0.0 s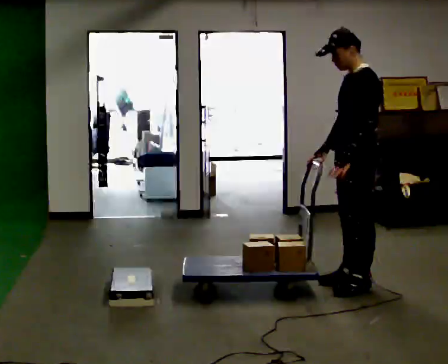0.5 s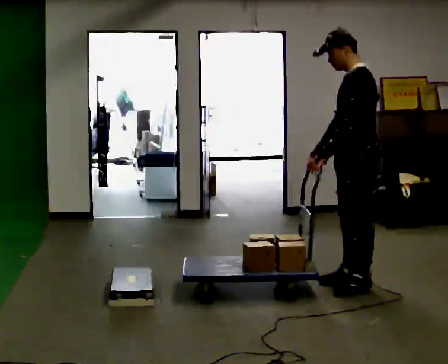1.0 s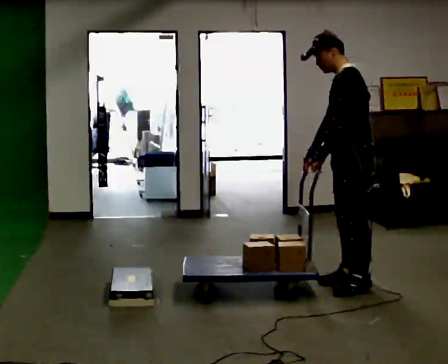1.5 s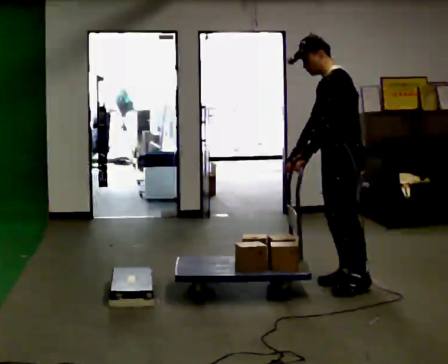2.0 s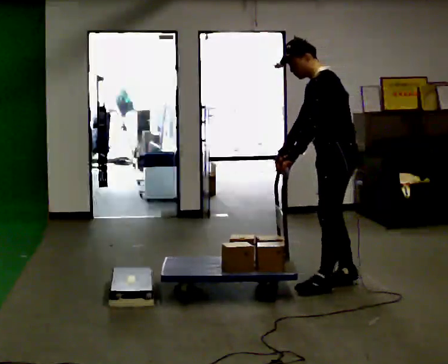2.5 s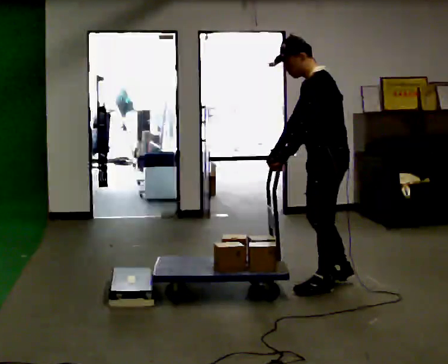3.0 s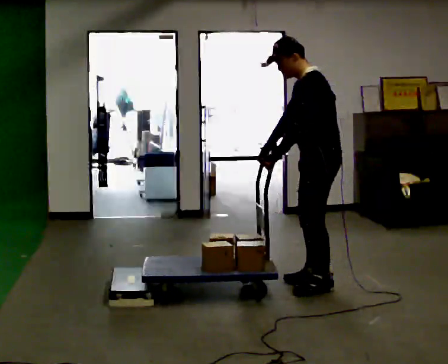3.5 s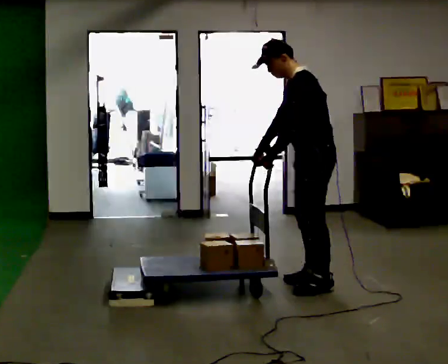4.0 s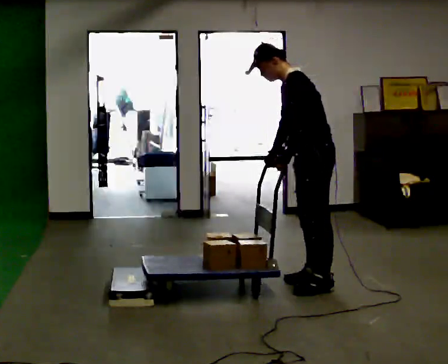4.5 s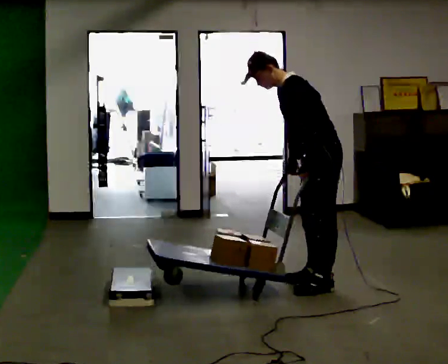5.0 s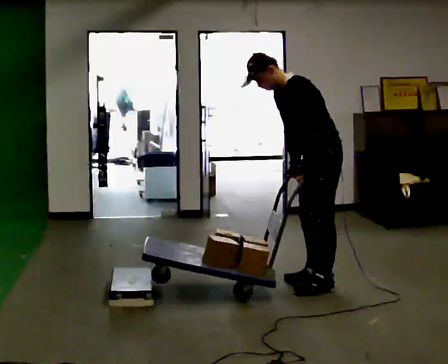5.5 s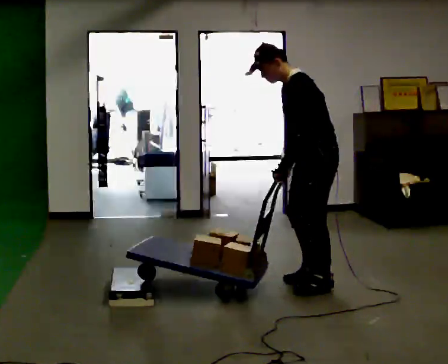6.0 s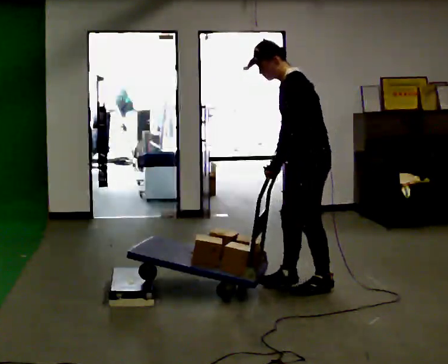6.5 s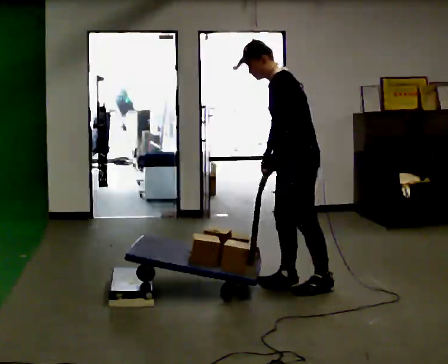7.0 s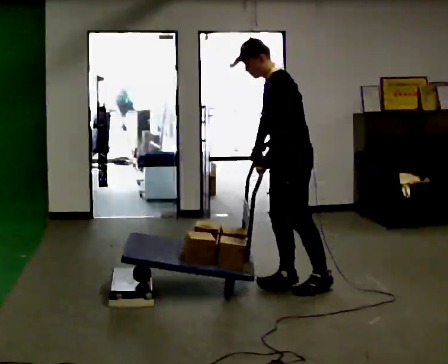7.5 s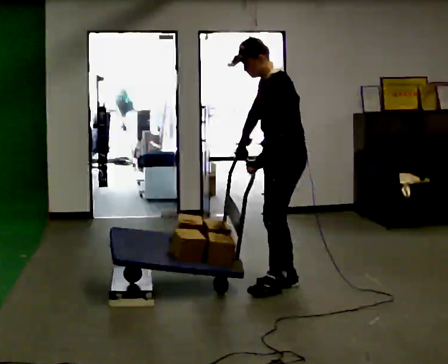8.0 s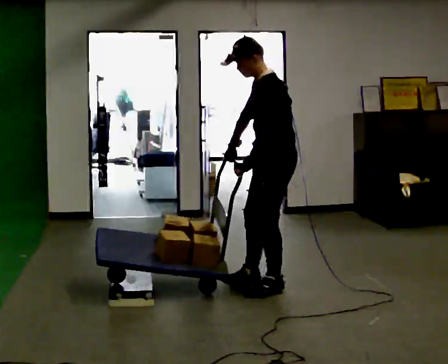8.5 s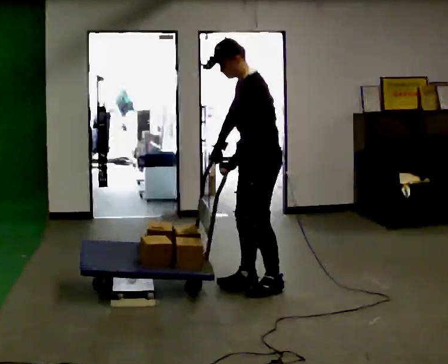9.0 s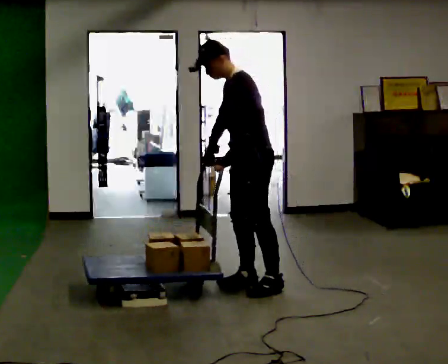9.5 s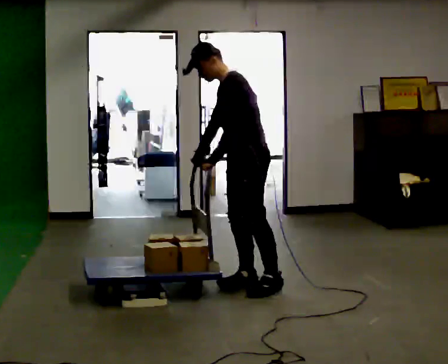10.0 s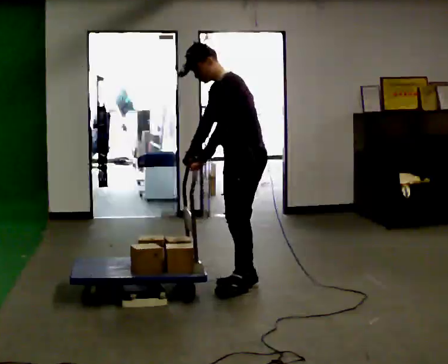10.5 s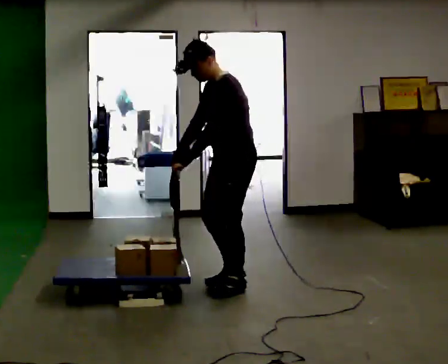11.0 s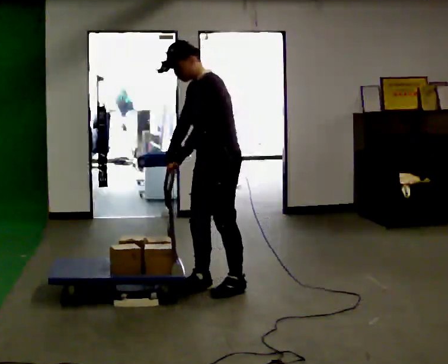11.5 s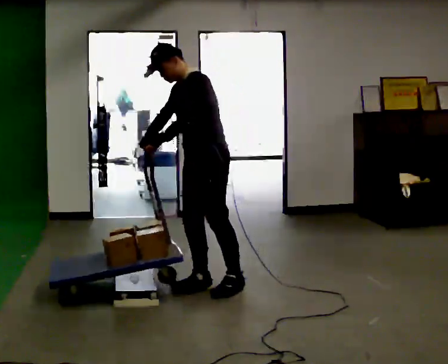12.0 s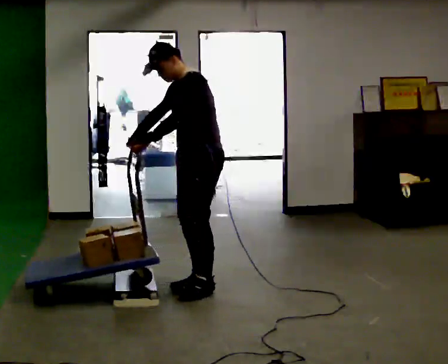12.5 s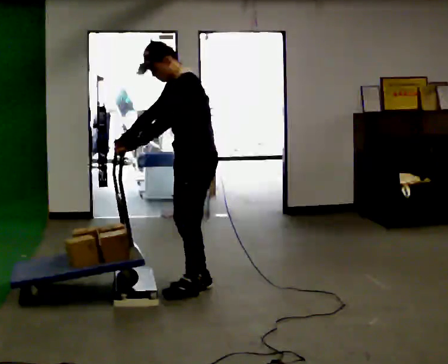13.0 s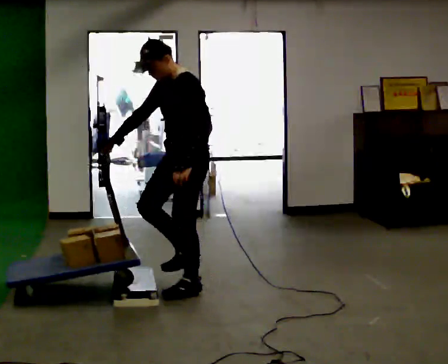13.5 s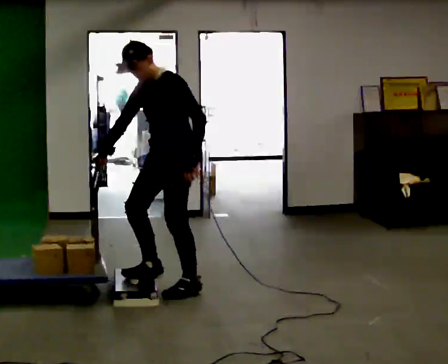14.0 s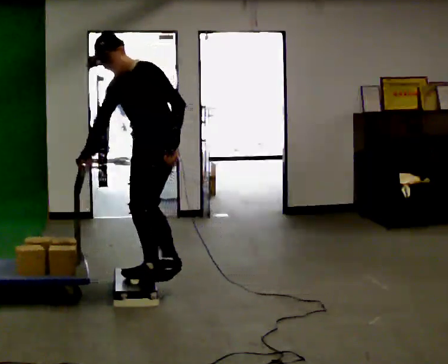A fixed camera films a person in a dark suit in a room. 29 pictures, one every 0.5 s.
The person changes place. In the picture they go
to the left.
0.0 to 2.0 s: In the picture the upper body tilts counterclockwise, shoulders to the left, as they bend forward. In the picture their right hand goes to the left.
2.0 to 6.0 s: In the picture they go to the left, about 0.25 m in 2 steps, which for them is forward.
6.0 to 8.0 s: In the picture they go to the left, about 0.25 m in 2 steps, which for them is forward. In the picture their right hand goes to the left.
8.0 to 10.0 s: In the picture they go to the left, about 0.25 m, which for them is forward and to their right.
10.0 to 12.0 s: In the picture they go to the left, about 0.25 m in 2 steps, which for them is forward.
12.0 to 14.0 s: In the picture they go to the left, about 0.25 m in 2 steps, which for them is forward.
The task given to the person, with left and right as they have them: Push the cart up over the low platform edge and down the other side, then bring it back over.
The film runs forward here.
